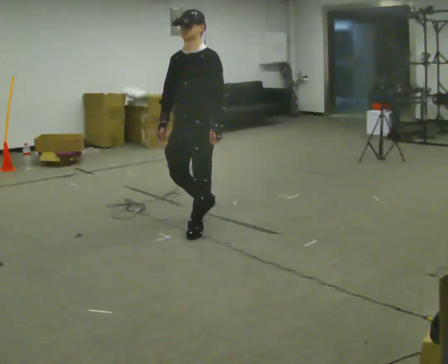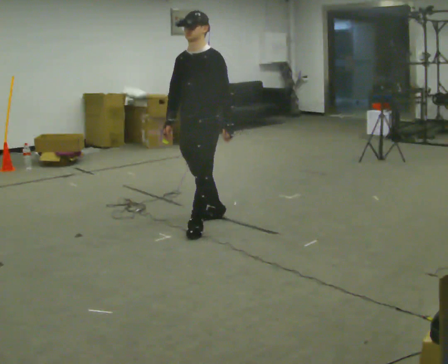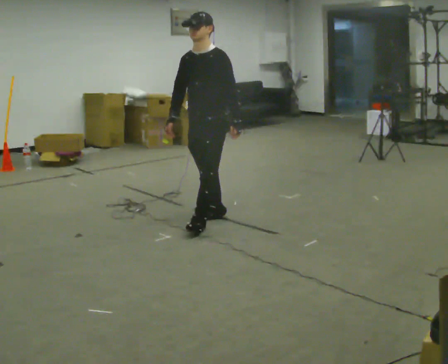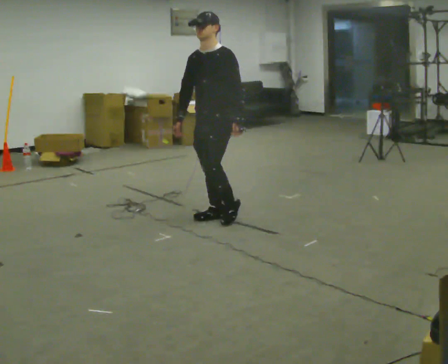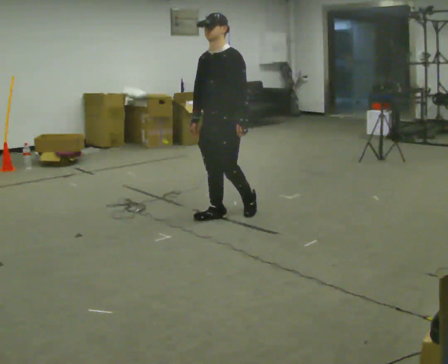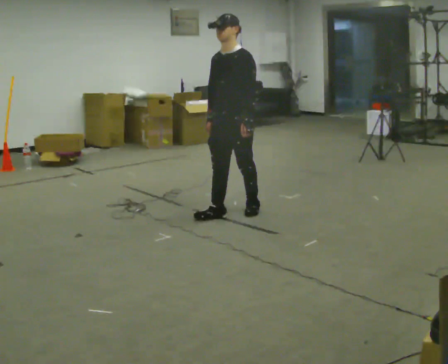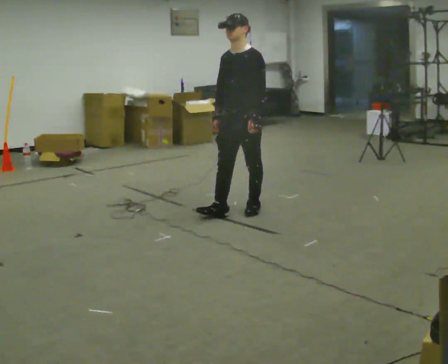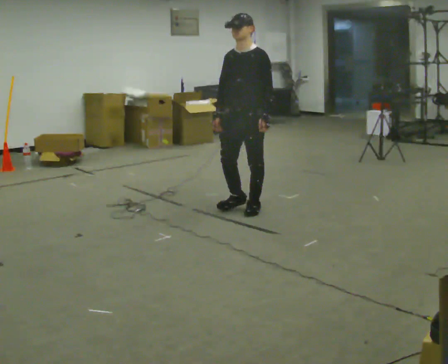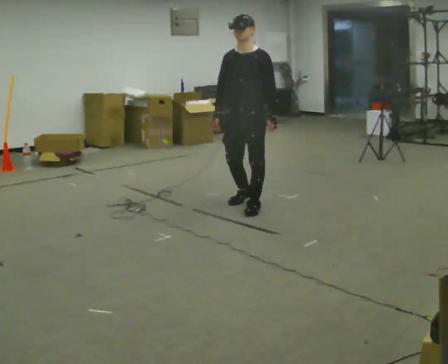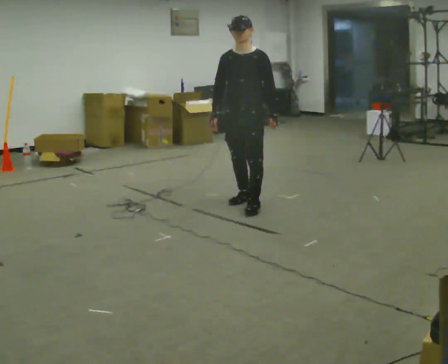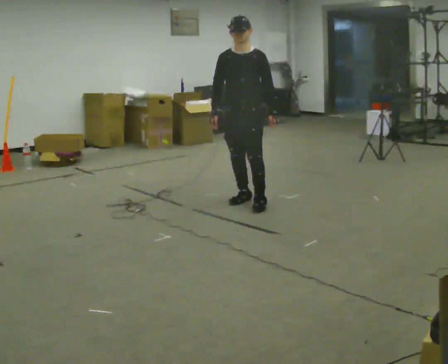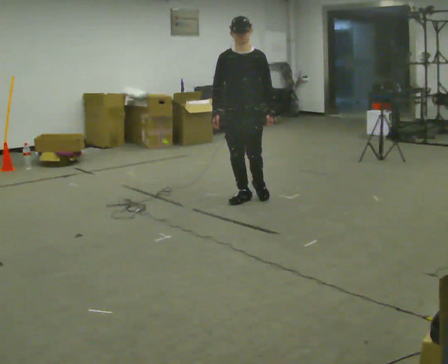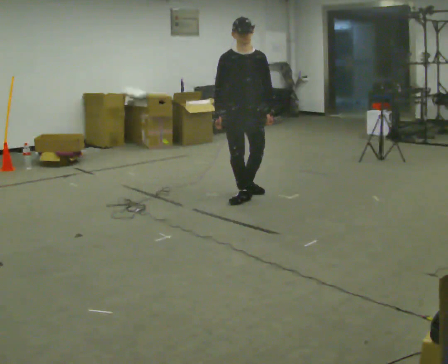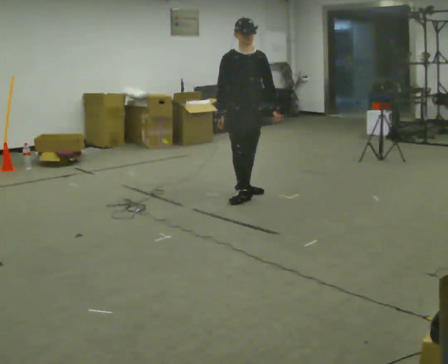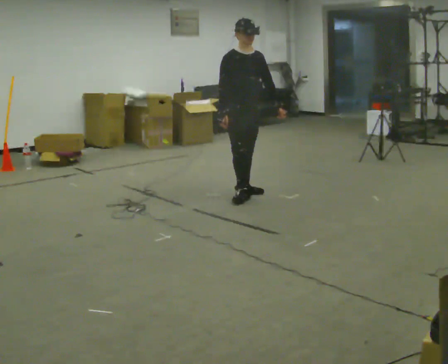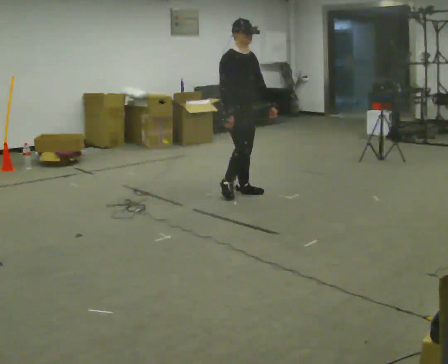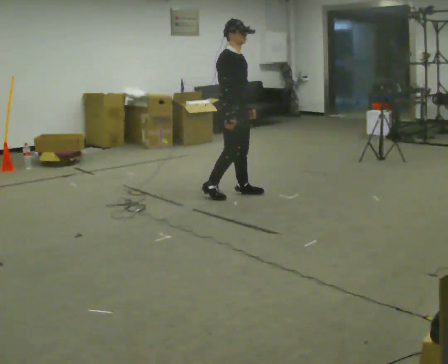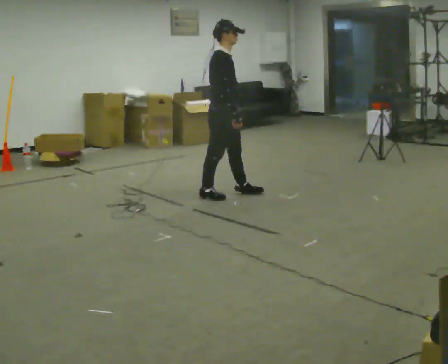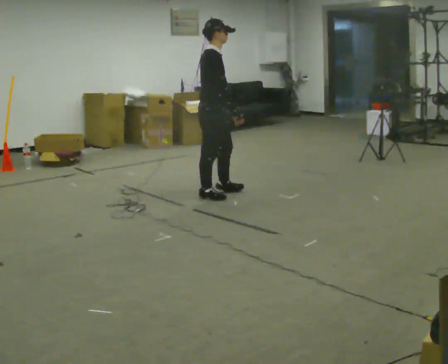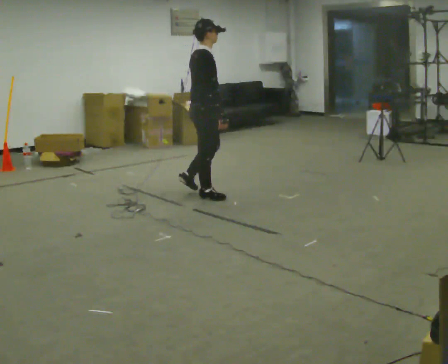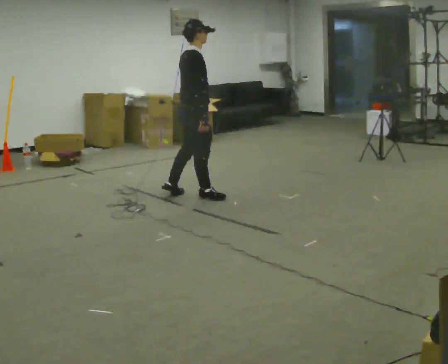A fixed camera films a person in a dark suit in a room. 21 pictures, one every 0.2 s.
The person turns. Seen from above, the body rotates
counterclockwise.
The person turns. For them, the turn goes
to their left.
0.0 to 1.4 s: In the picture they go away from the camera and to the right, about 0.75 m in 2 steps, which for them is backward.
1.4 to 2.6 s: The person turns about 60 degrees to their left, counterclockwise seen from above, so the part of the body nearest the lens slides to the right. In the picture they go away from the camera, about 0.5 m in 1 step, which for them is backward.
2.6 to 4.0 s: The part of the body nearest the lens slides to the right as the person turns to their left by about 90 degrees. In the picture they go to the left, about 0.5 m in 2 steps.
The film runs backward here.
